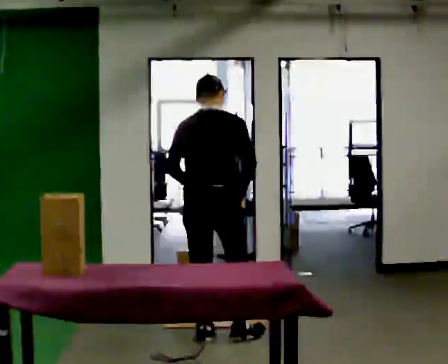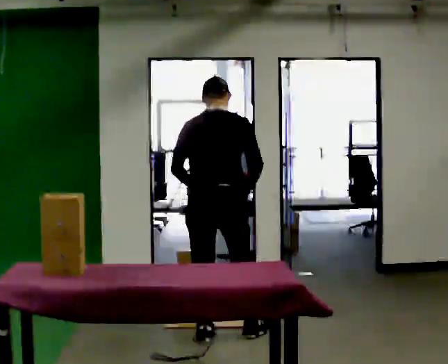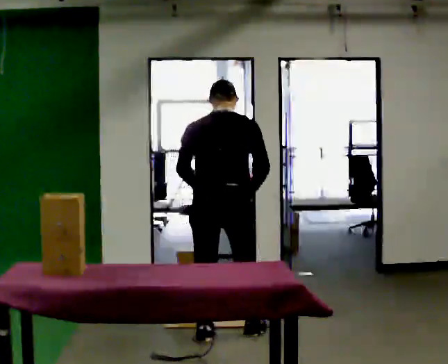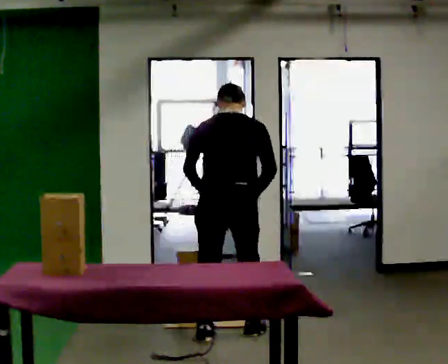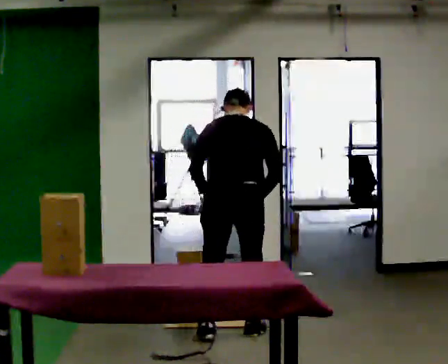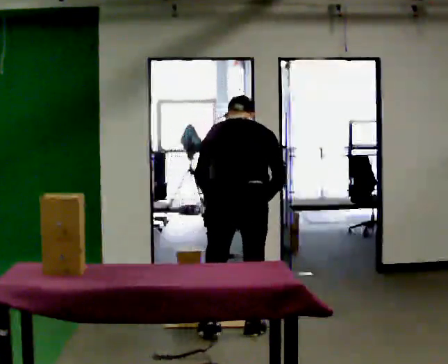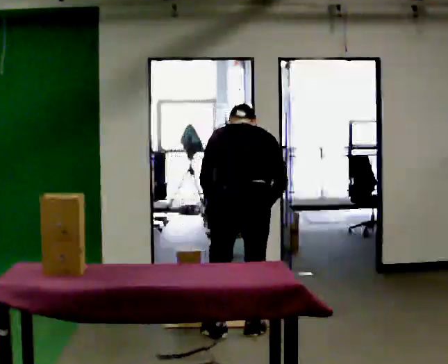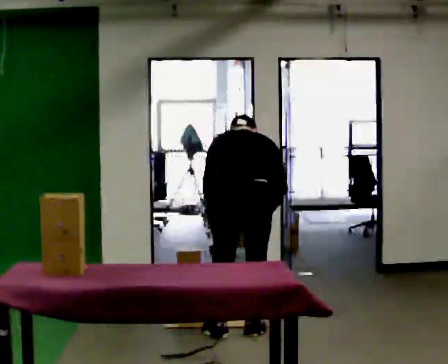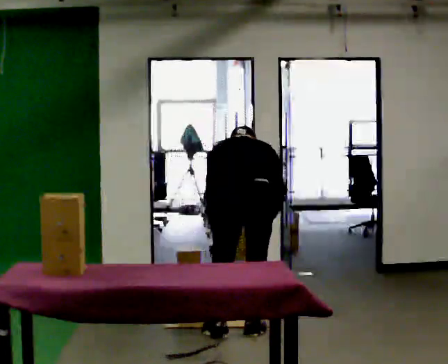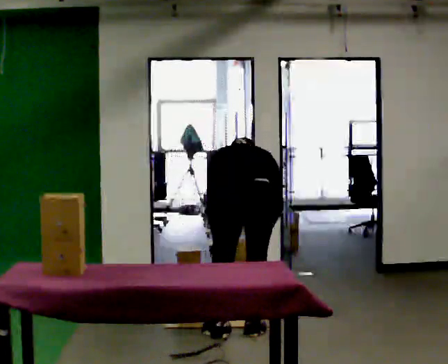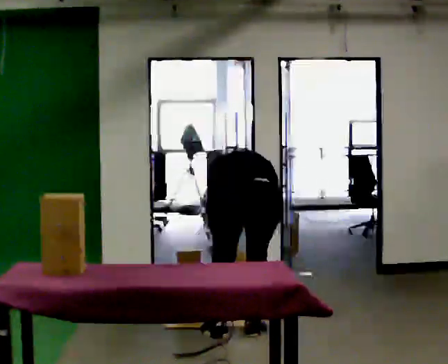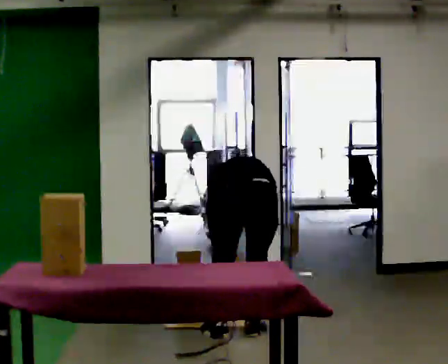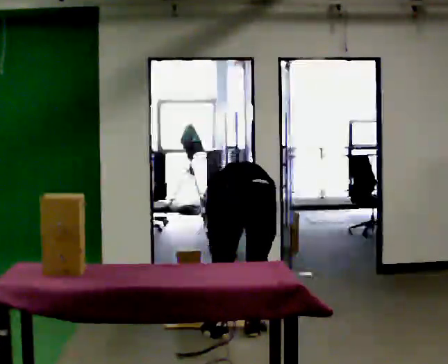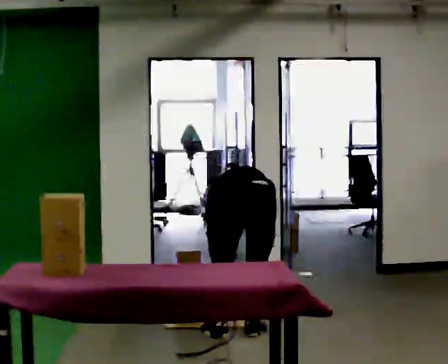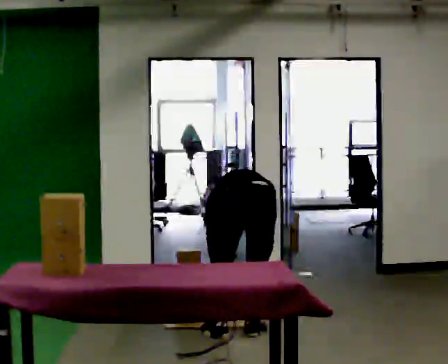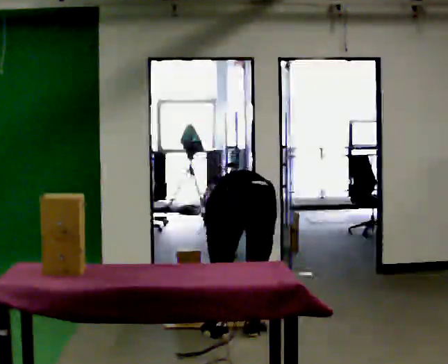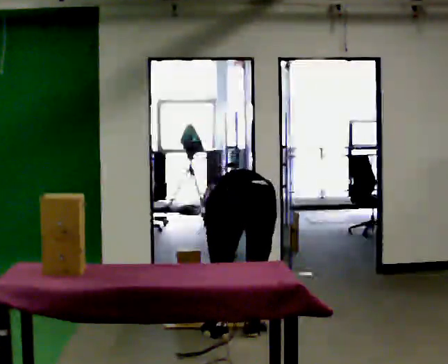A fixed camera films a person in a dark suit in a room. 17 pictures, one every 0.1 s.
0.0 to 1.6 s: In the picture they go to the right, about 0.25 m in 2 steps, which for them is to their right. The shoulders move downward. The upper body tips away from the camera, its near side rolling upward, as they bend forward. In the picture their left hand goes downward.
The film runs forward here.
